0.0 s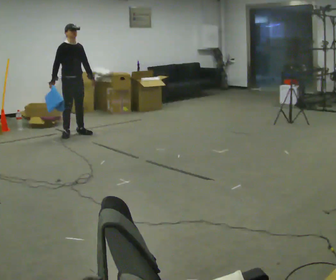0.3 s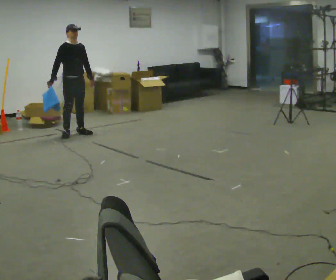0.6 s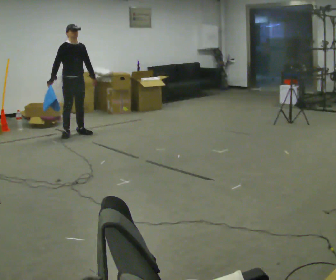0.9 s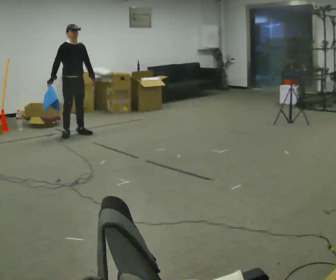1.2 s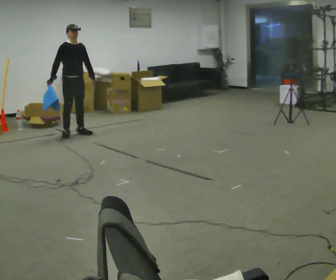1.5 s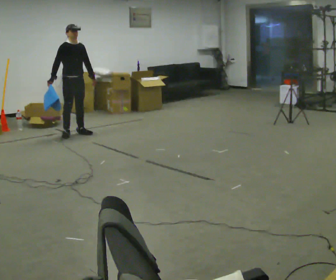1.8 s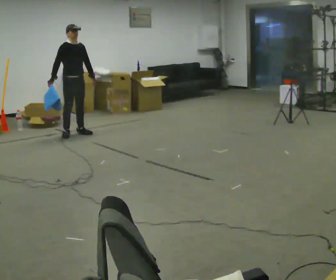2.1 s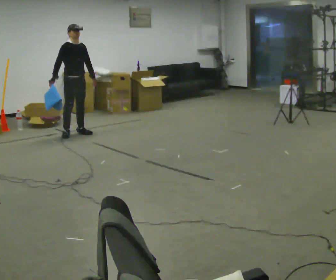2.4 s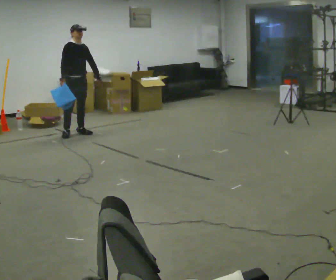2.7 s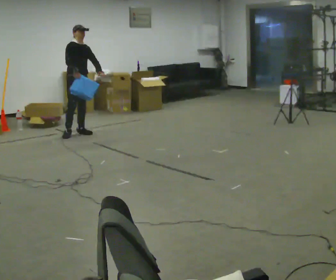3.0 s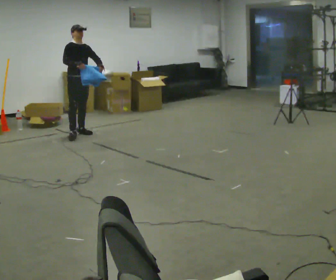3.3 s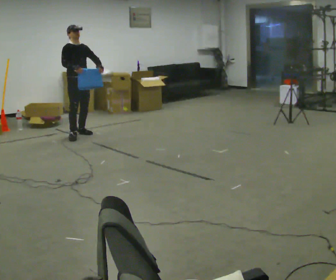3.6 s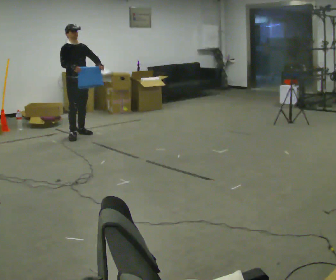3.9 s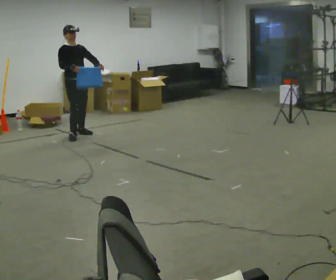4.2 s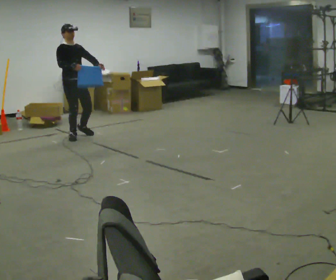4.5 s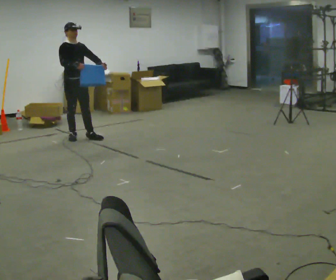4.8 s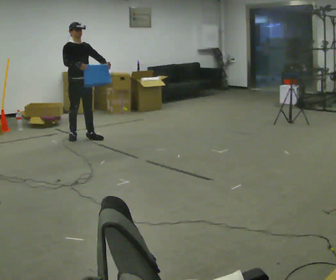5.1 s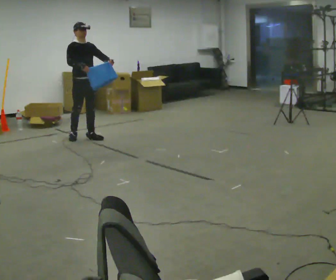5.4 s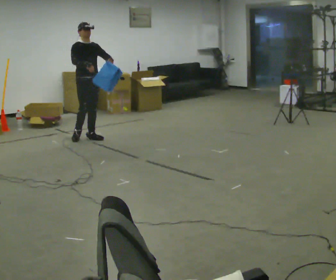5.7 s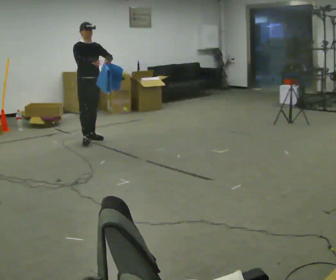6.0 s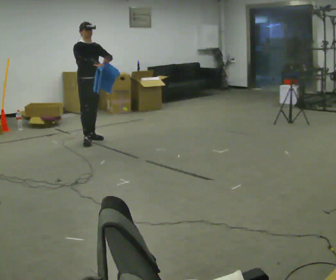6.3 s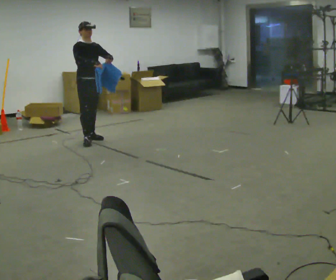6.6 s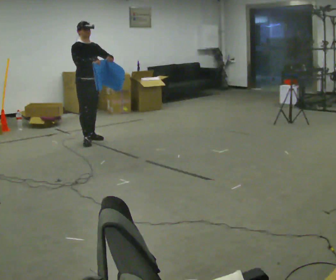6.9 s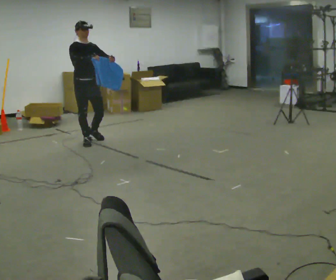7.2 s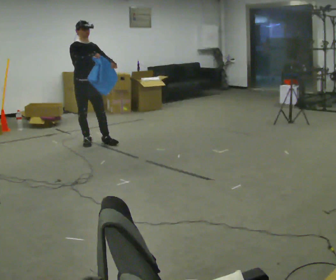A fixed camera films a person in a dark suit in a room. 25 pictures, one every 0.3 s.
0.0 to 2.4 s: The person moves a little, or ends about where they began.
2.4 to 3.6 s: In the picture they go toward the camera, about 0.25 m in 1 step, which for them is forward.
3.6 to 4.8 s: In the picture they go toward the camera, about 0.25 m in 1 step, which for them is forward.
4.8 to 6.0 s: The person moves a little, or ends about where they began.
6.0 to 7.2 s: In the picture they go toward the camera, about 0.25 m, which for them is forward and to their right.
The film runs forward here.
